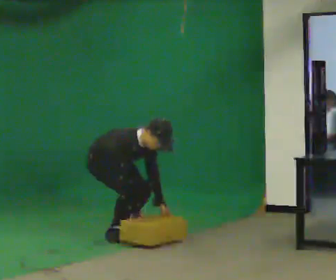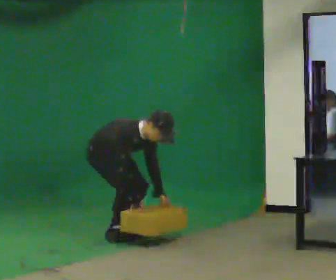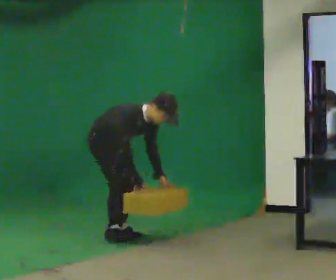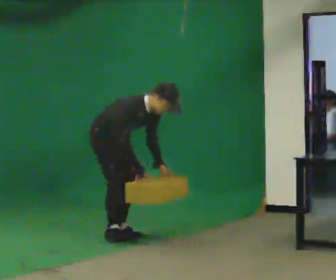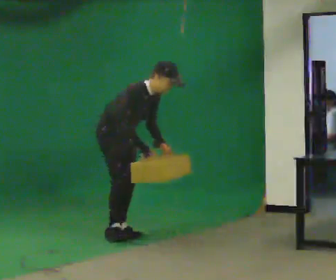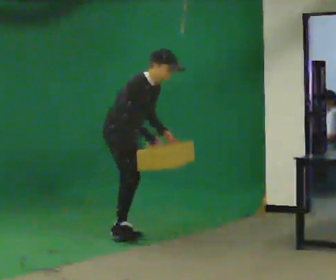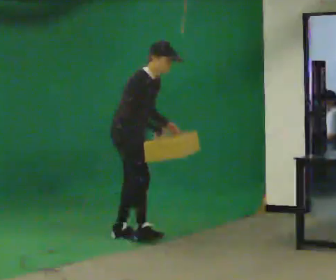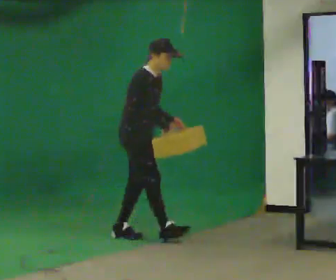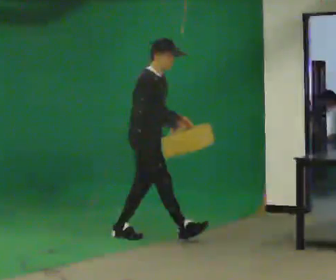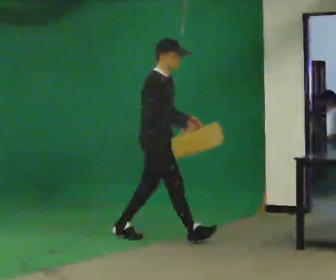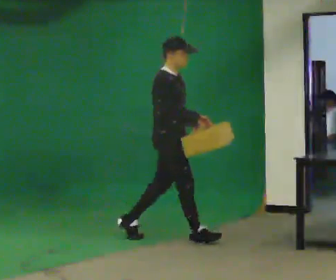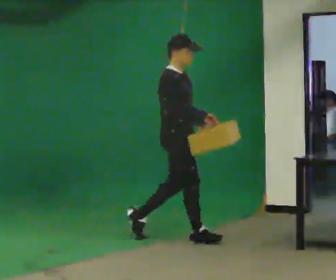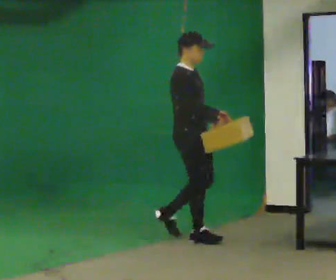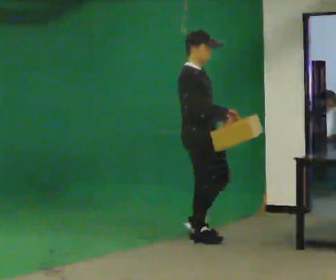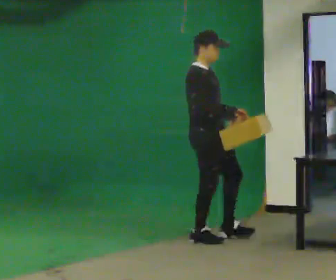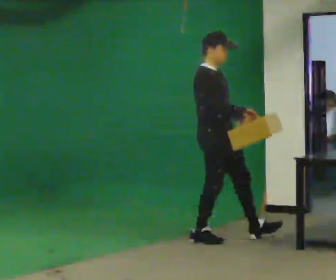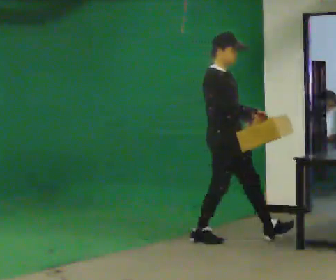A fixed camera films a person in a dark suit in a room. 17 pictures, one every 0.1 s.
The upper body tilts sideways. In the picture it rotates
counterclockwise.
Their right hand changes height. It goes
upward.
0.0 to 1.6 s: In the picture they go to the right, about 1 m in 1 step, which for them is forward. The upper body goes upward. In the picture the upper body tilts counterclockwise, shoulders to the left, as they lean back or straighten. In the picture their right hand goes upward.
The film runs forward here.
